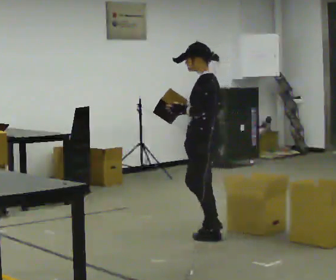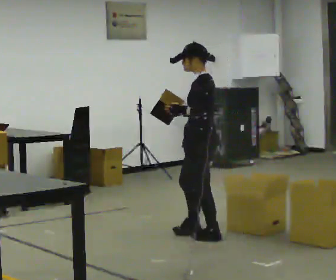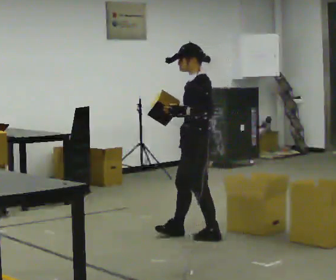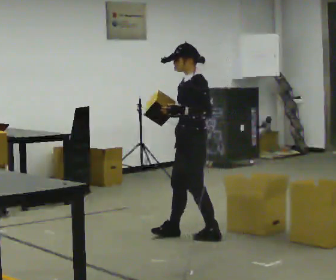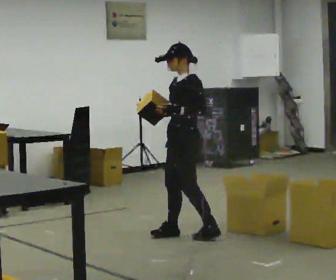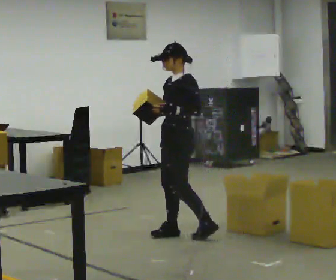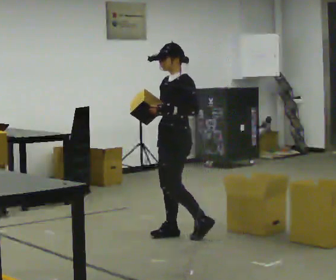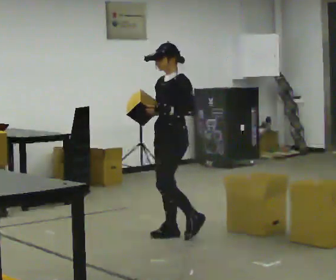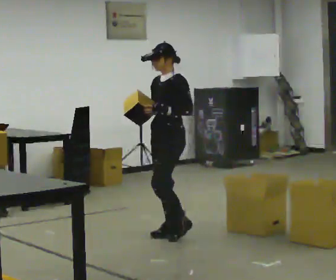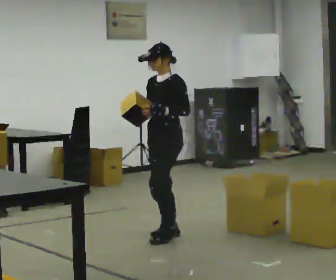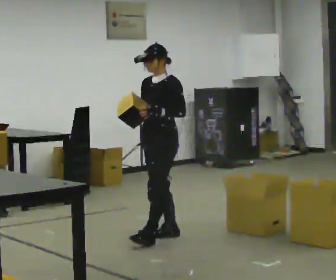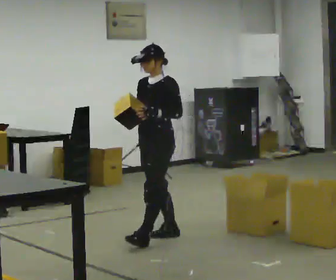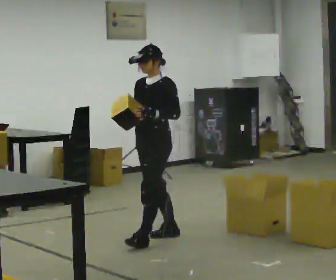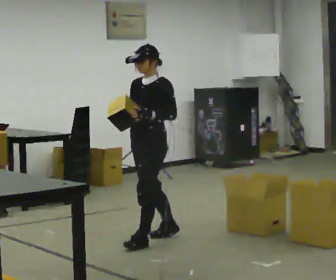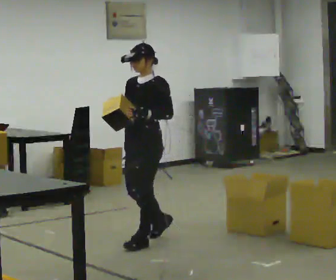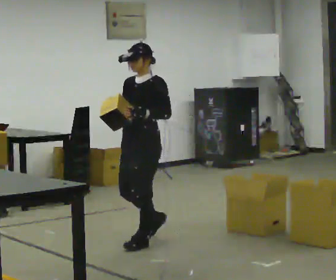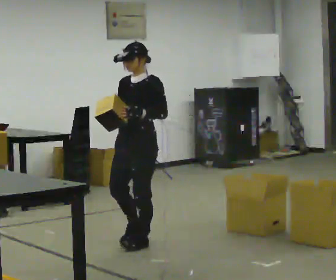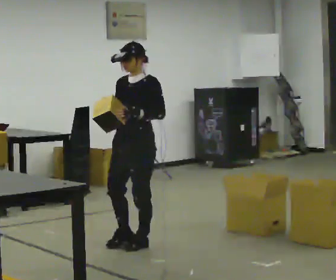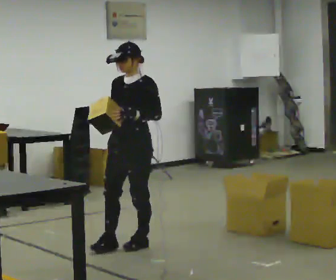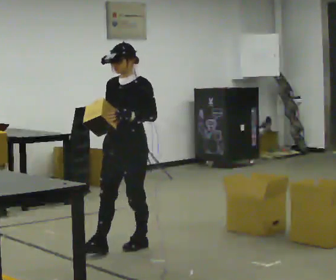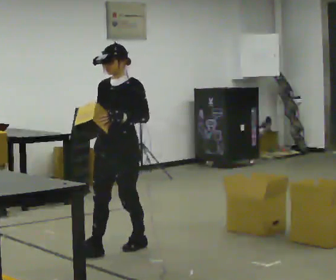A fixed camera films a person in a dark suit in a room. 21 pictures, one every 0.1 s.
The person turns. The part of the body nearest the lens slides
to the right.
The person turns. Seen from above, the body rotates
counterclockwise.
0.0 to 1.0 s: Seen from above the body turns counterclockwise, about 60 degrees: to their left, with its near side sliding to the right. In the picture they go to the left, about 0.25 m in 1 step, which for them is forward and to their right.
1.0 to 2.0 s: In the picture they go toward the camera and to the left, about 0.5 m in 2 steps, which for them is forward.
The film runs forward here.
